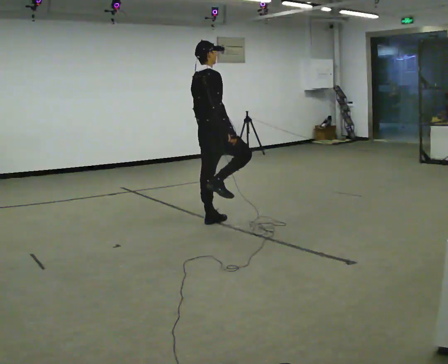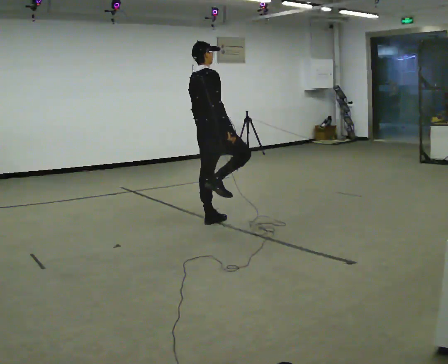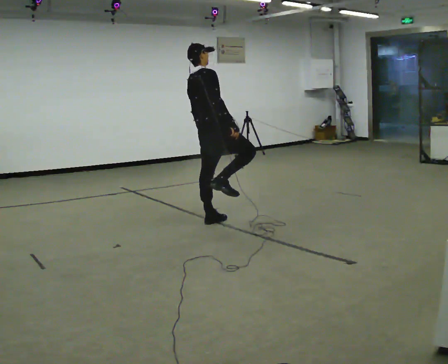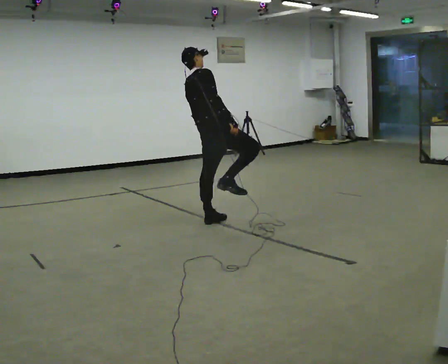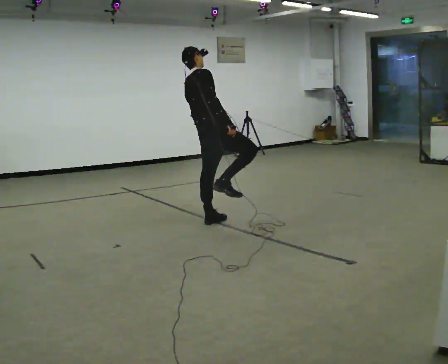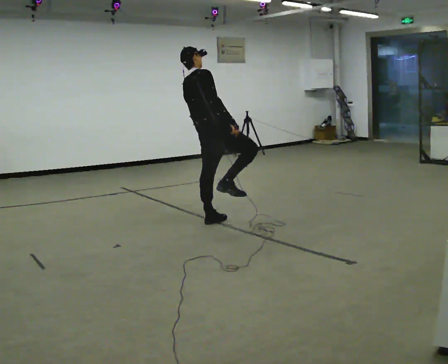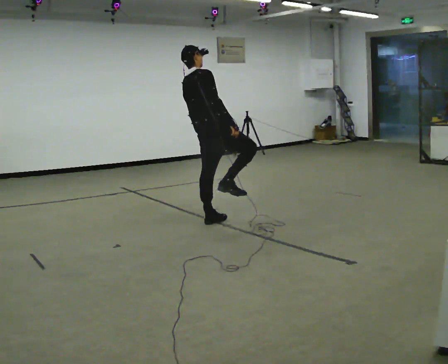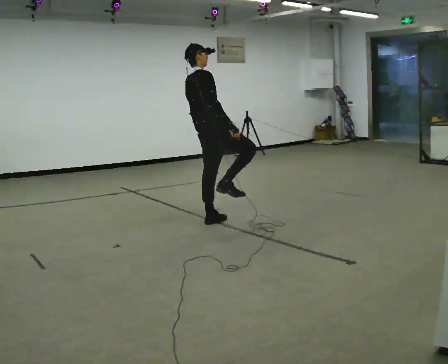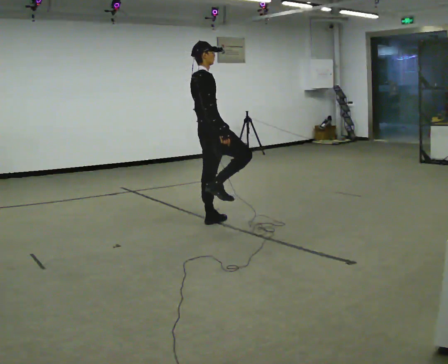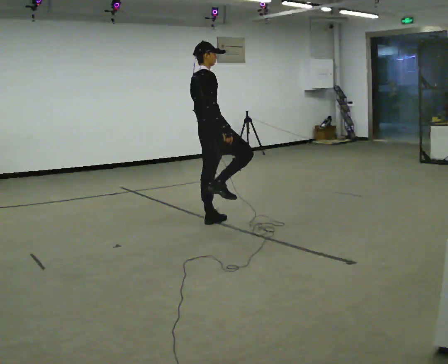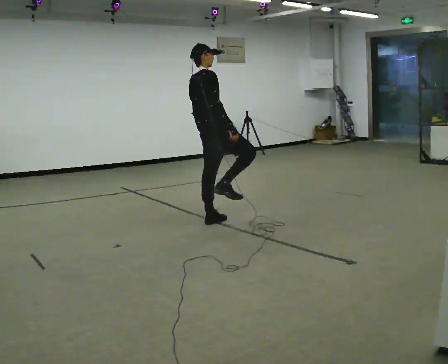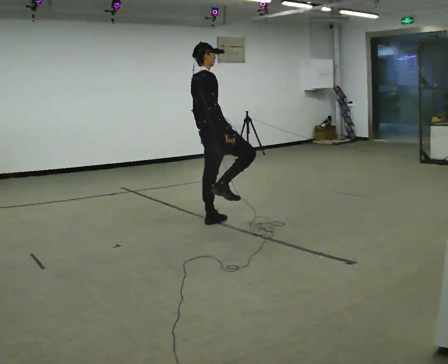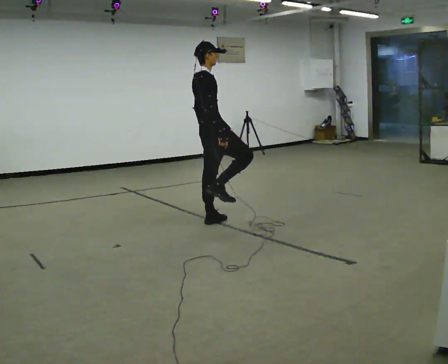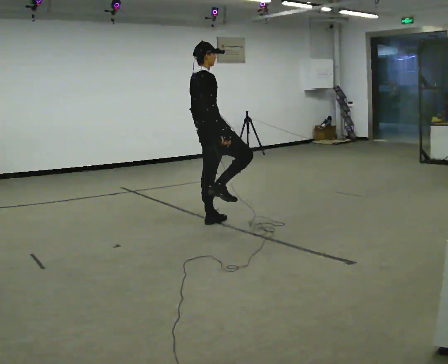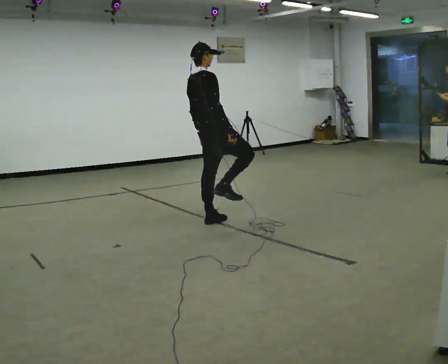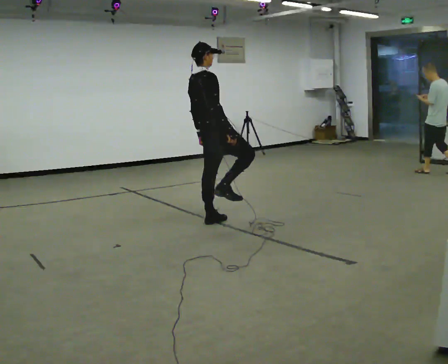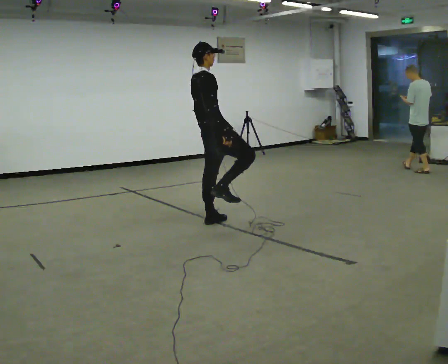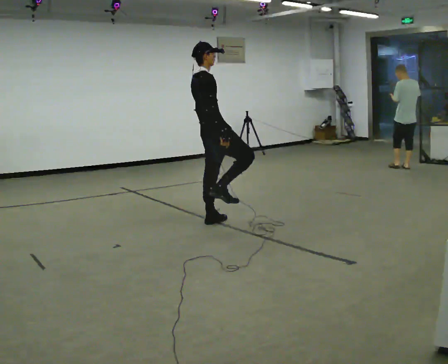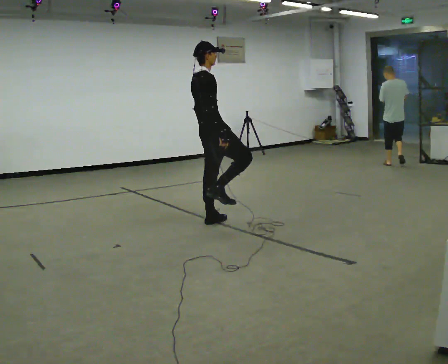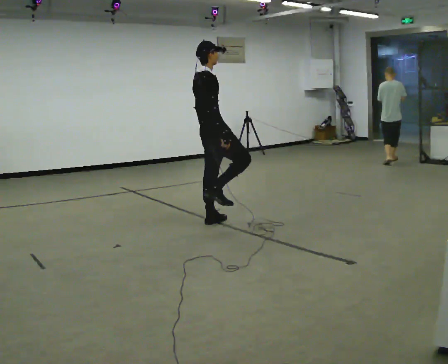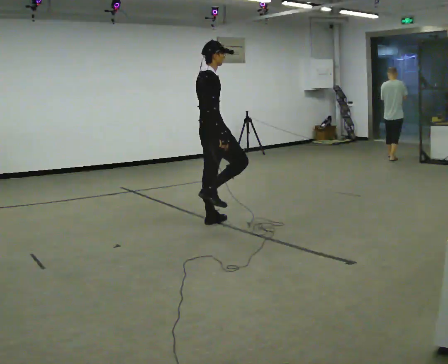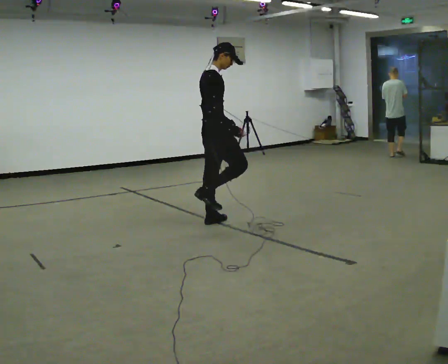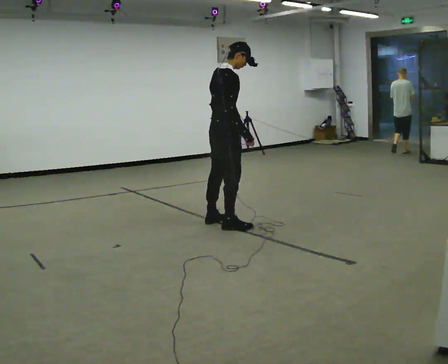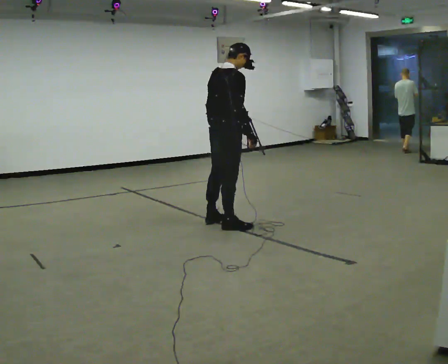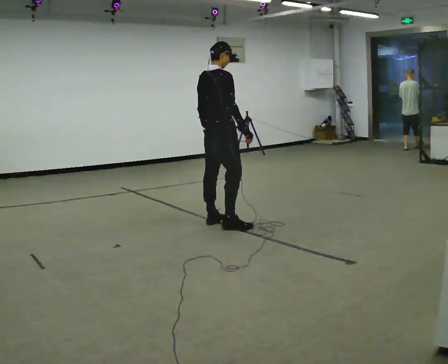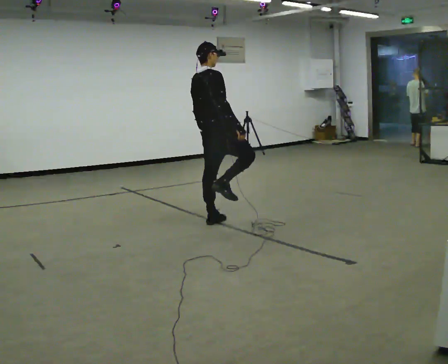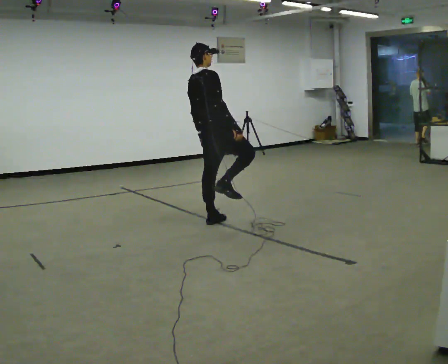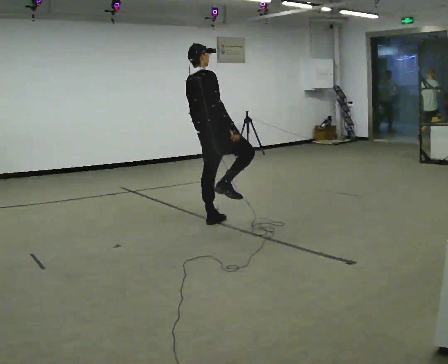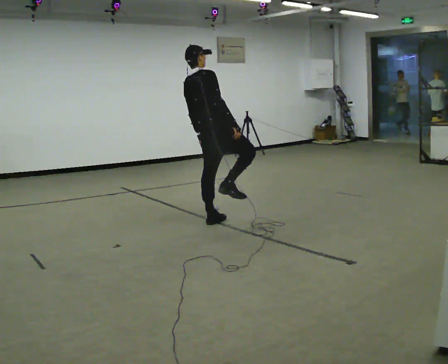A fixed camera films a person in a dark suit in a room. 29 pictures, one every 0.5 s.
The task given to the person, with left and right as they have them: Stand on one foot on the marked spot, on the side the operator calls. Hold it until you genuinely lose your balance, then put the other foot down. Repeat at your own pace until the operator says stop. Go slowly and only as far as you are comfortable. Step whenever you need to; do not try to hold on longer than feels safe.
0.0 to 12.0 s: The person moves a little, or ends about where they began.
12.0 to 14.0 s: In the picture the upper body tilts counterclockwise, shoulders to the left.
The film runs forward here.
